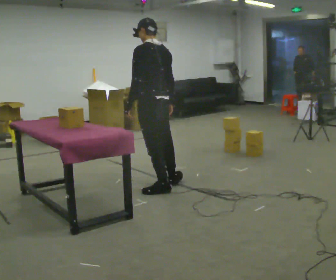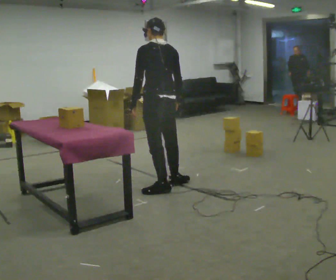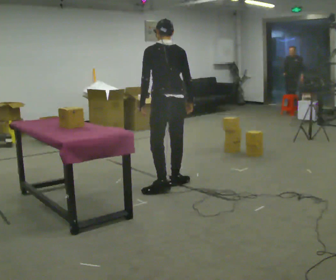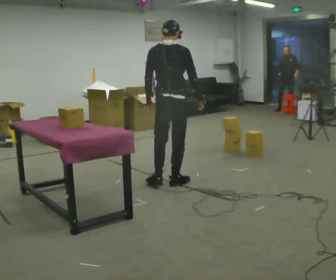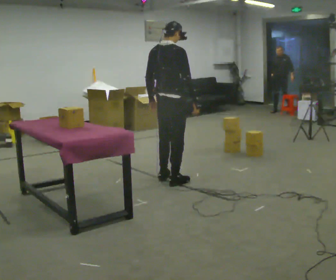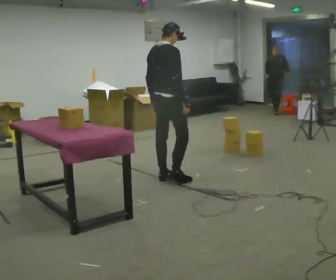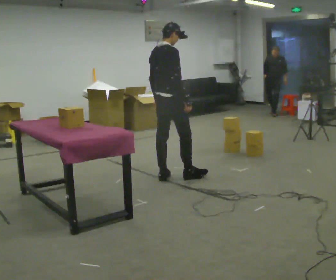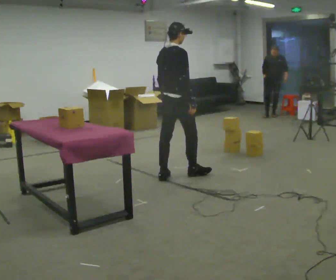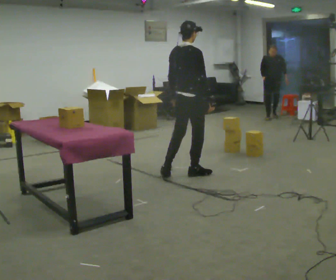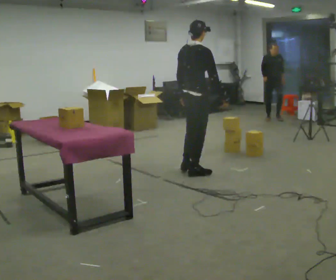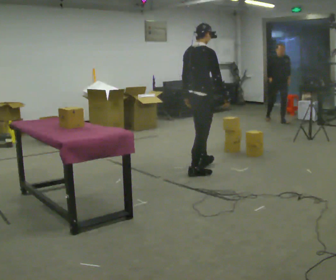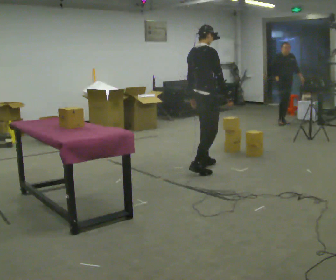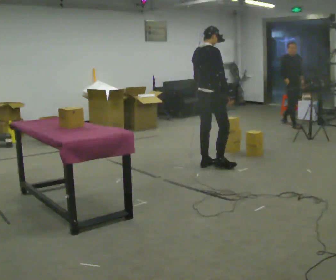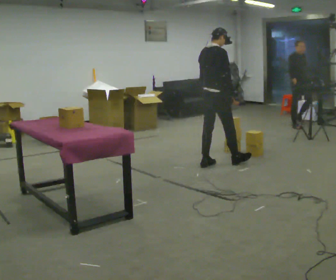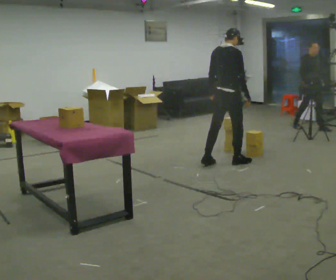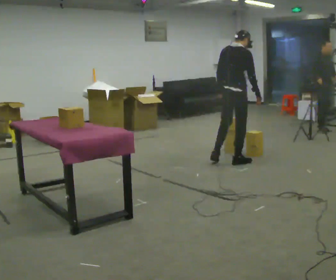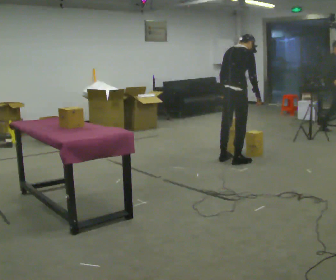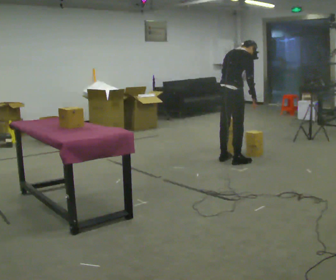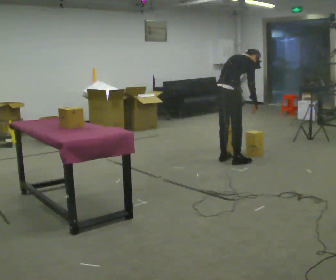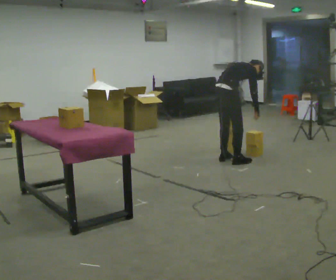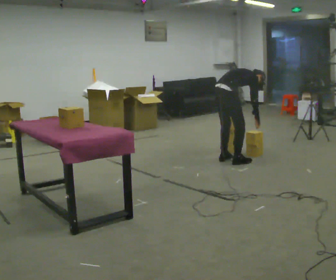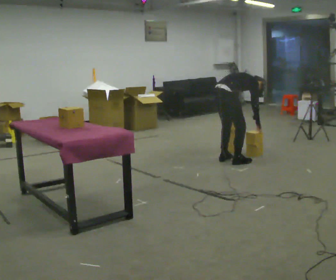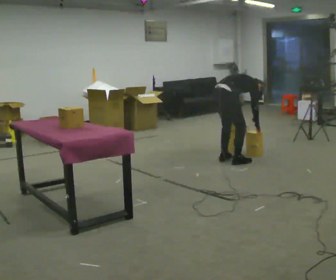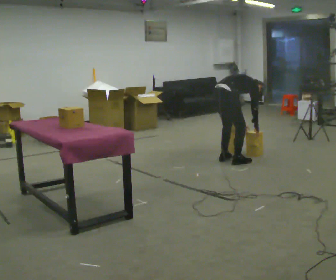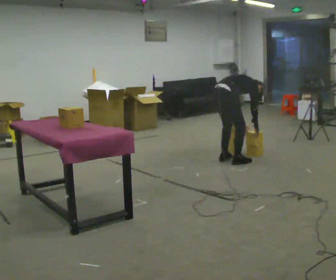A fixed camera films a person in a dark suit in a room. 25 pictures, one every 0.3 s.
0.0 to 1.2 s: The part of the body nearest the lens slides to the left as the person turns to their right by about 75 degrees. In the picture they go away from the camera, about 0.25 m in 1 step.
1.2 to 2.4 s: In the picture they go away from the camera and to the right, about 0.25 m in 1 step, which for them is forward.
2.4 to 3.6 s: In the picture they go away from the camera and to the right, about 0.5 m in 1 step, which for them is forward.
3.6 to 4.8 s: In the picture they go to the right, about 0.25 m in 2 steps, which for them is forward and to their right. In the picture the upper body tilts clockwise, shoulders to the right, as they bend forward.
4.8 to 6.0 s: The upper body goes downward. In the picture the upper body tilts clockwise, shoulders to the right, as they bend forward. In the picture their left hand goes downward.
6.0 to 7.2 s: In the picture the upper body tilts clockwise, shoulders to the right, as they bend forward.
The film runs forward here.
